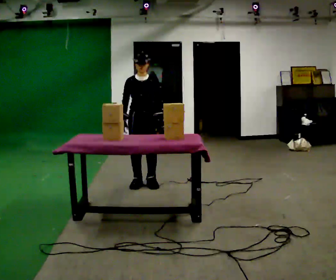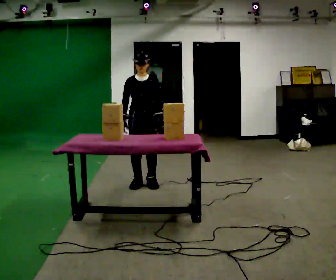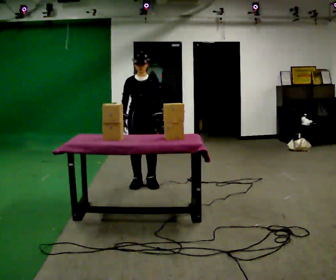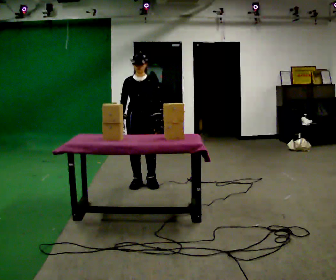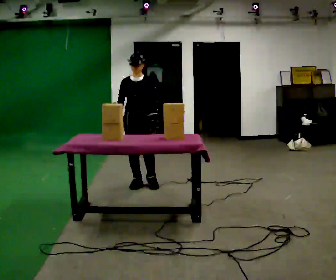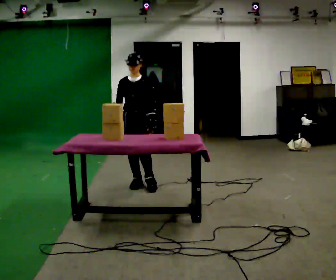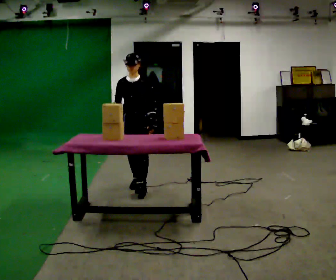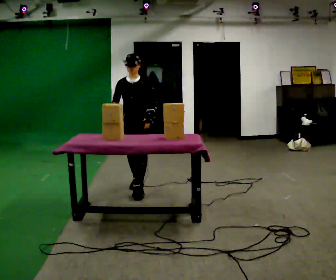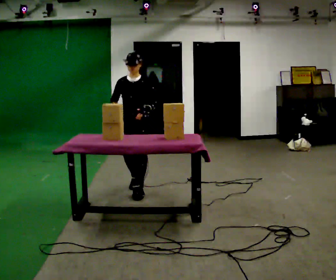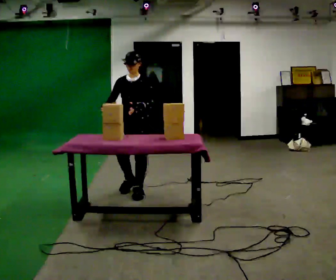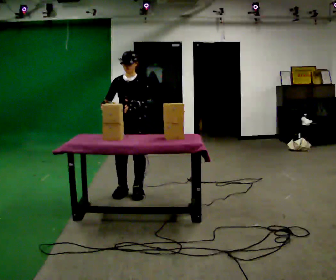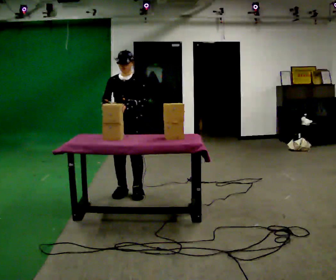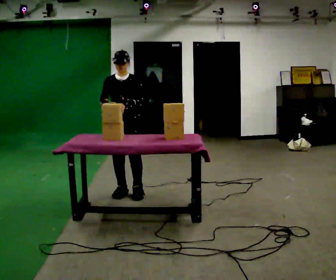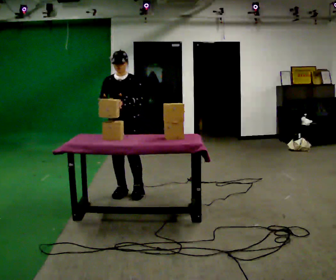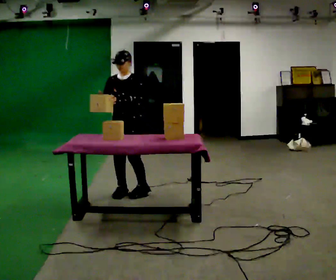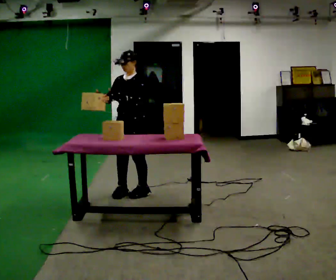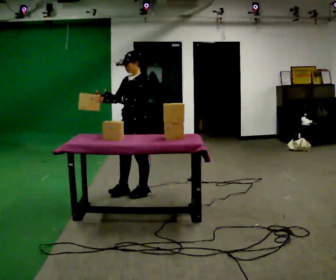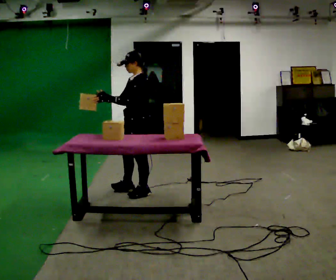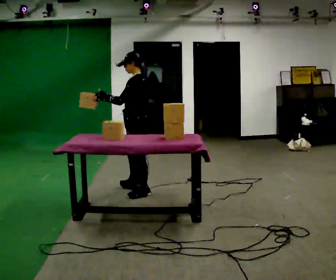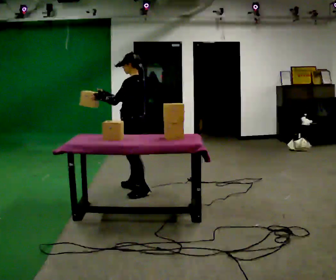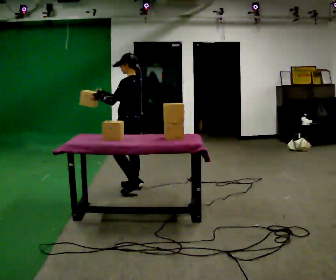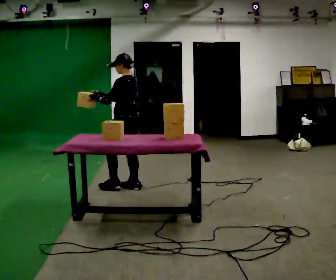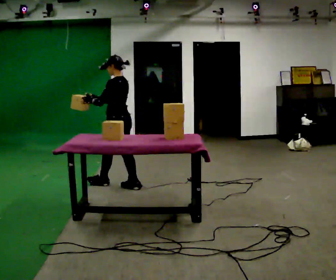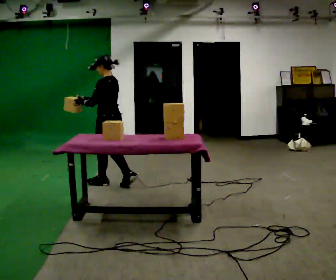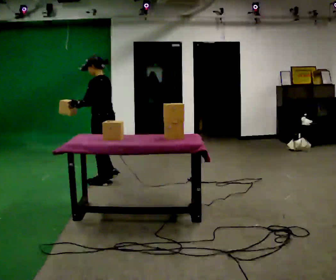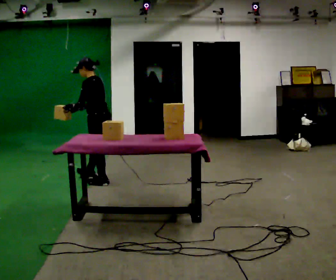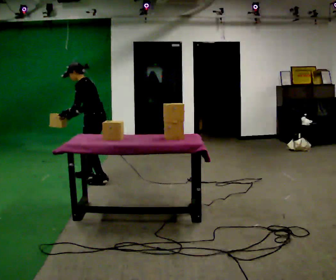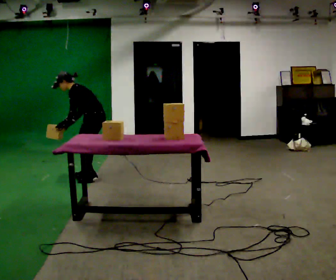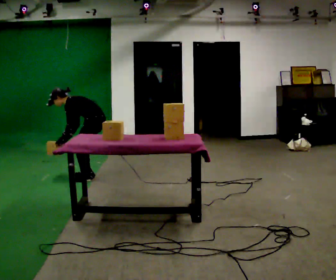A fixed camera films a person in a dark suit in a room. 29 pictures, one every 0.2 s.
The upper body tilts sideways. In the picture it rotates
counterclockwise.
0.0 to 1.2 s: The person moves a little, or ends about where they began.
1.2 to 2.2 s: In the picture they go toward the camera, about 0.25 m in 2 steps, which for them is forward.
2.2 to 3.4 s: The part of the body nearest the lens slides to the left as the person turns to their right by about 60 degrees.
3.4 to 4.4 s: Seen from above the body turns clockwise, about 45 degrees: to their right, with its near side sliding to the left. In the picture they go away from the camera and to the left, about 0.25 m in 2 steps, which for them is forward and to their right.
4.4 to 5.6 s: Seen from above the body turns counterclockwise, about 30 degrees: to their left, with its near side sliding to the right. In the picture they go away from the camera and to the left, about 0.5 m in 2 steps, which for them is forward and to their right. The upper body goes downward. In the picture the upper body tilts counterclockwise, shoulders to the left, as they bend forward. In the picture their left hand goes downward.
The film runs forward here.
